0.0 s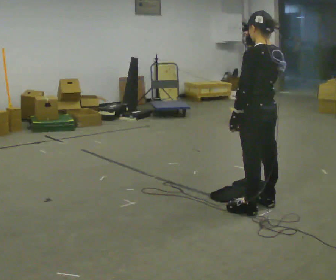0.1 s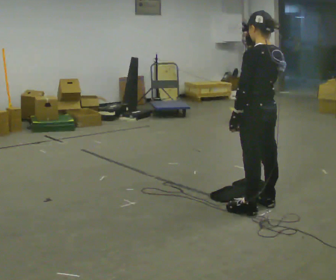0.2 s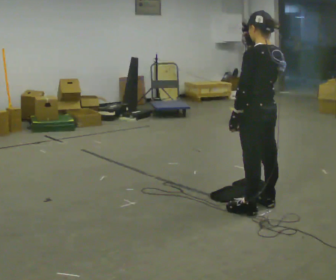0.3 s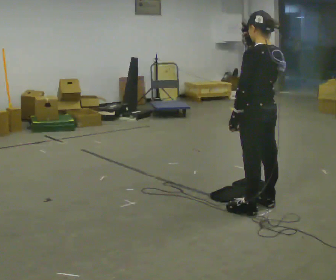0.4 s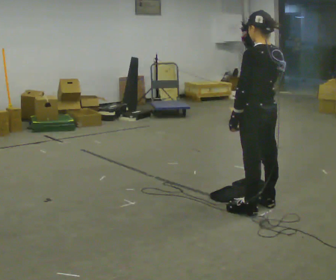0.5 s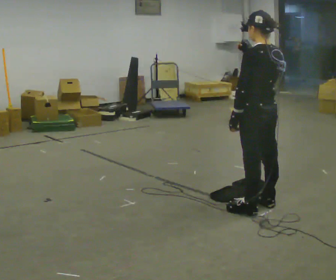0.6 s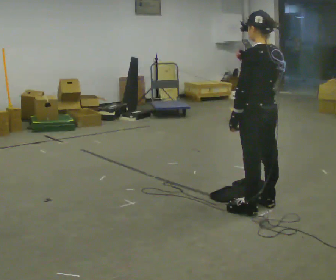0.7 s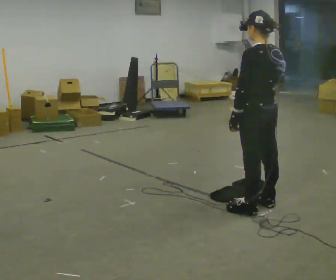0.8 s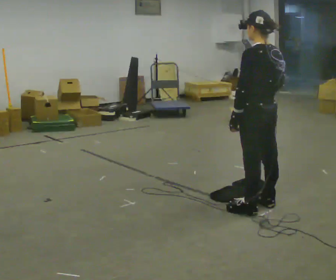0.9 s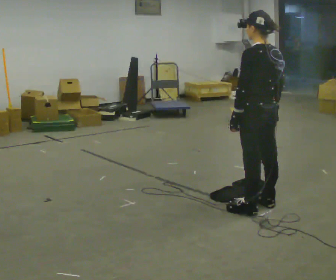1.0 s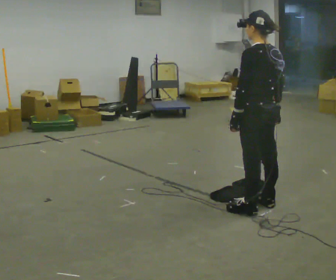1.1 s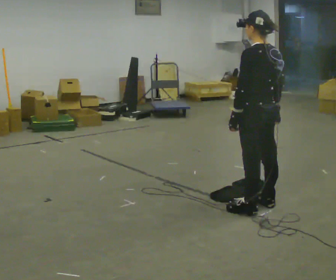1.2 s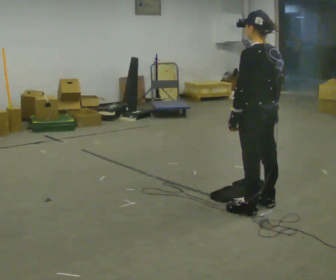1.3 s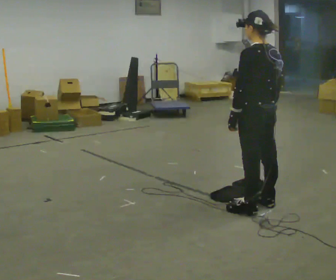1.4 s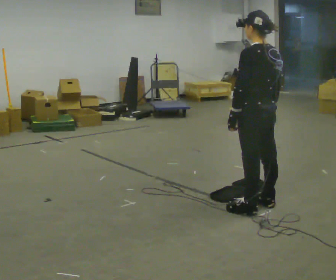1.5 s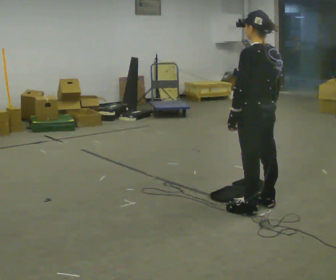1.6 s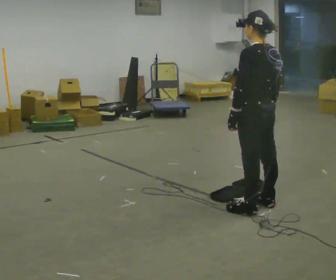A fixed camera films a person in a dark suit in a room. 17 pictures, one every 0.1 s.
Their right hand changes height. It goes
downward.
0.0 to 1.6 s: In the picture their right hand goes downward.
The film runs backward here.
